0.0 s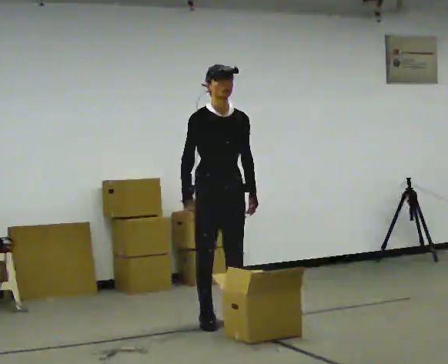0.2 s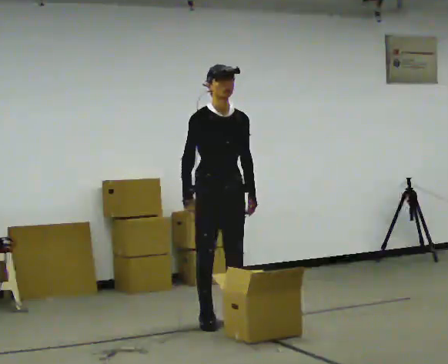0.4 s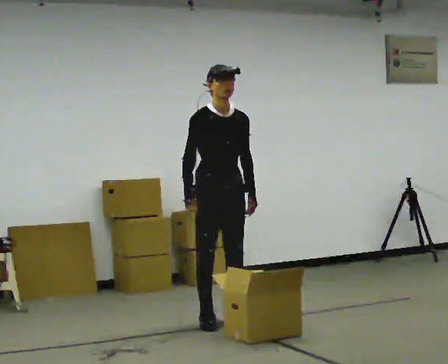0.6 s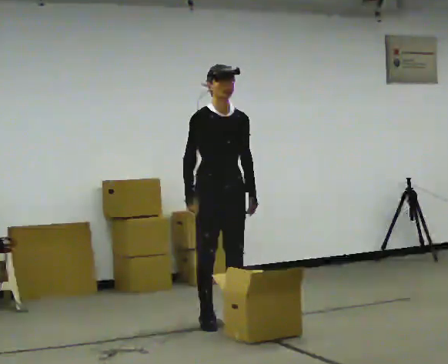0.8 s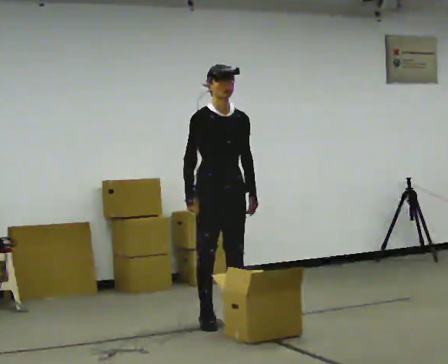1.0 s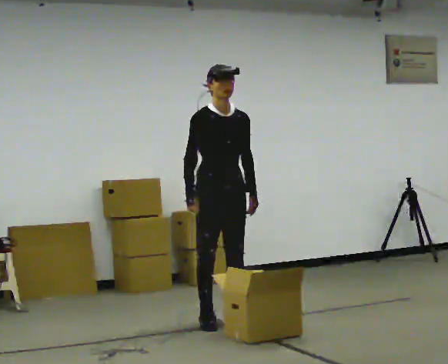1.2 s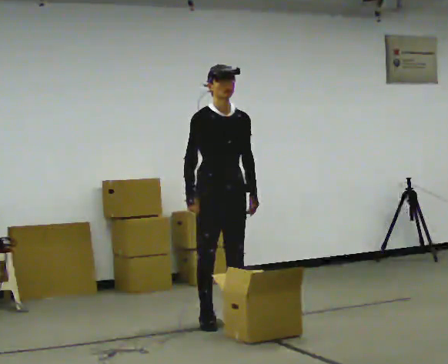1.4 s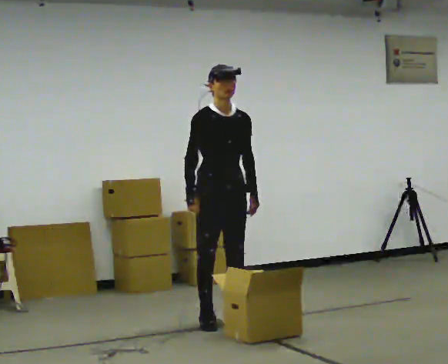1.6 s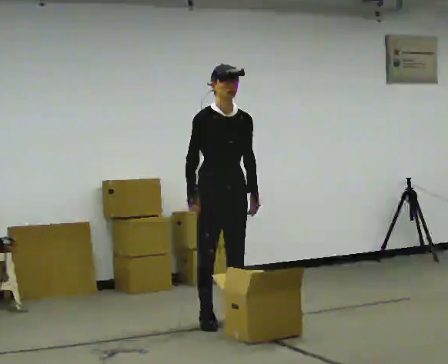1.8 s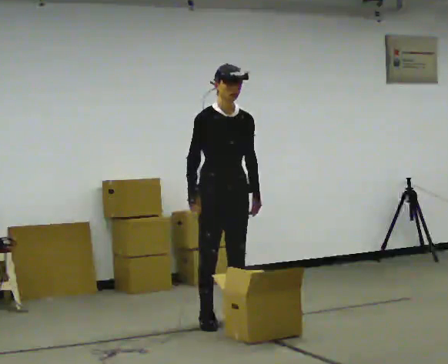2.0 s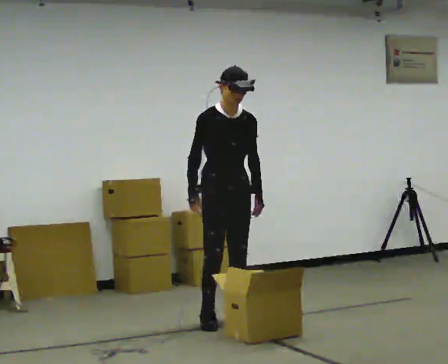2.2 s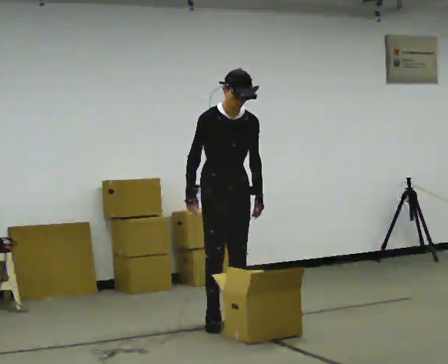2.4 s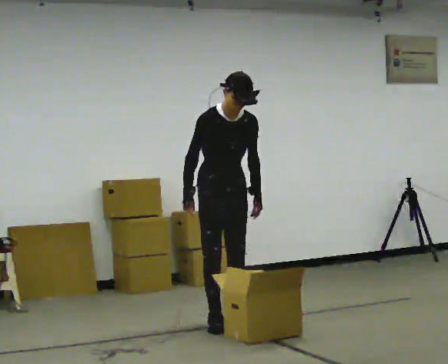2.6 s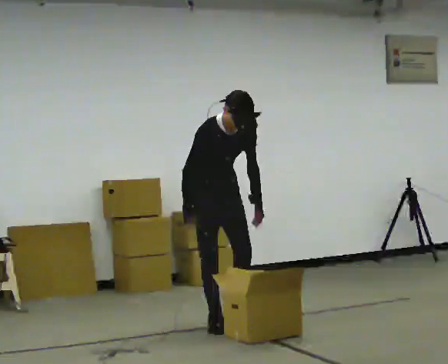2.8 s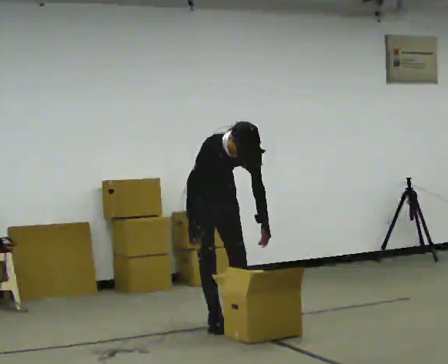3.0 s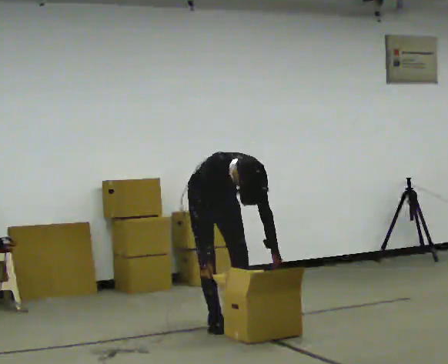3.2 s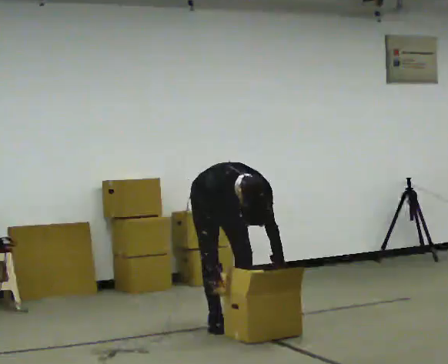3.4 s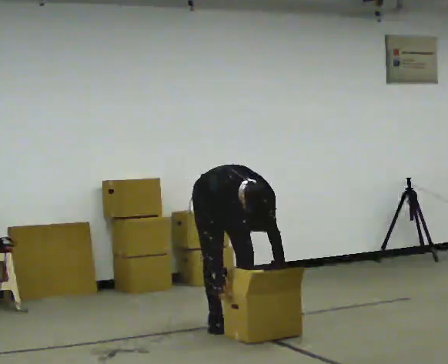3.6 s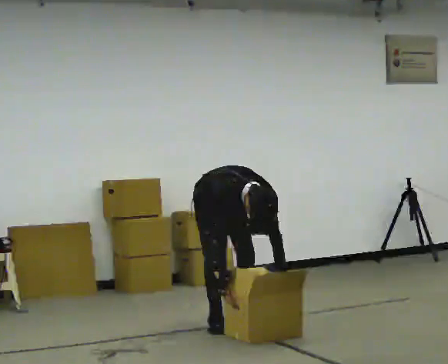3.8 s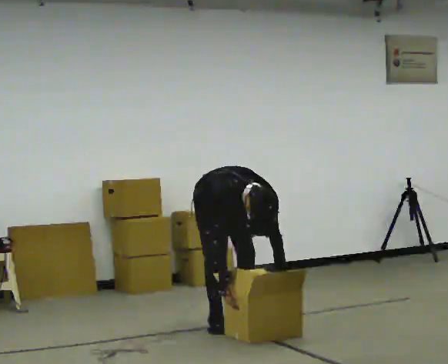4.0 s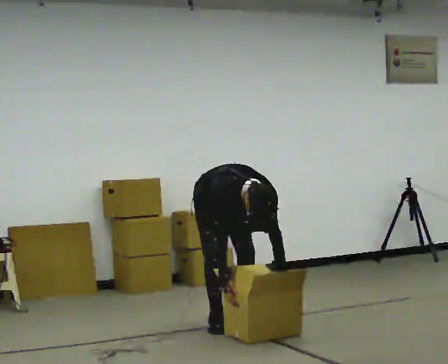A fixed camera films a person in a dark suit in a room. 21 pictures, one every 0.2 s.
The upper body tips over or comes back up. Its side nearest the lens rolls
downward.
Their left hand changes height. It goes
downward.
0.0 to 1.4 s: The person keeps their place and pose.
1.4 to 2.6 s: The upper body tips toward the camera, its near side rolling downward, as they bend forward.
2.6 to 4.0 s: The upper body goes downward. The upper body tips toward the camera, its near side rolling downward, as they bend forward. In the picture their right hand goes downward.
The film runs forward here.
